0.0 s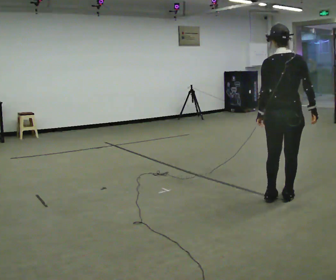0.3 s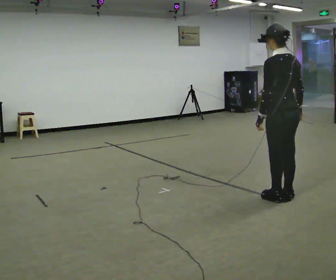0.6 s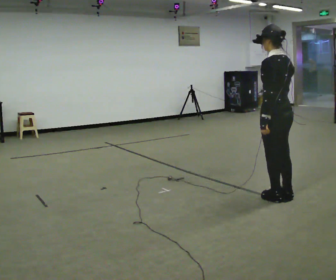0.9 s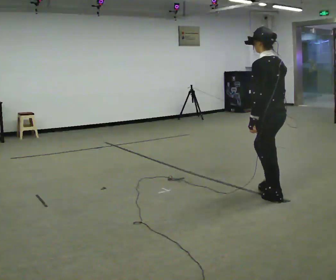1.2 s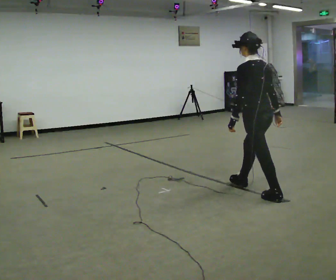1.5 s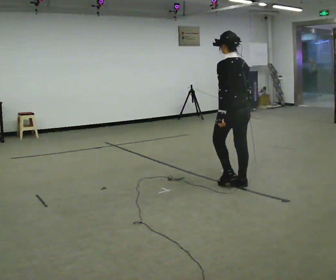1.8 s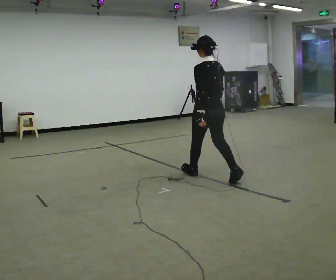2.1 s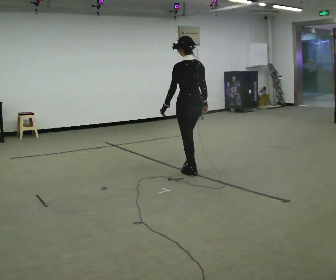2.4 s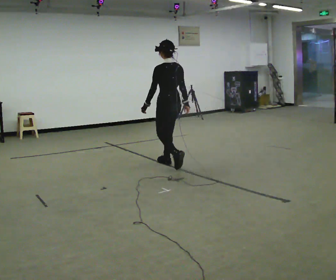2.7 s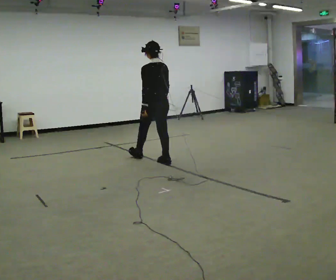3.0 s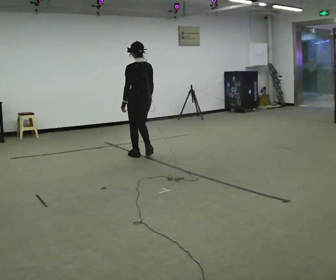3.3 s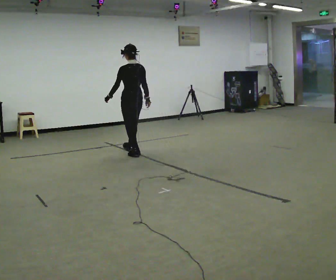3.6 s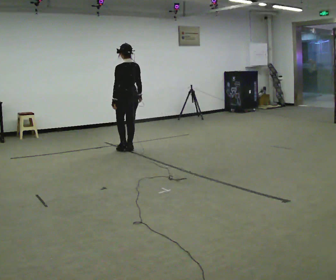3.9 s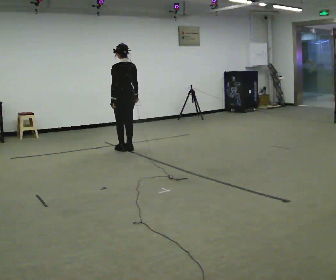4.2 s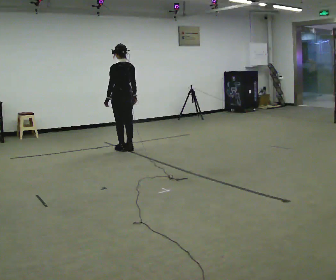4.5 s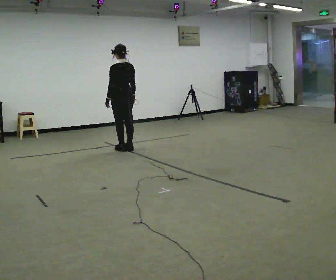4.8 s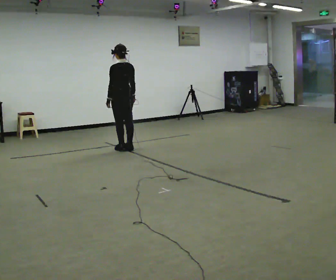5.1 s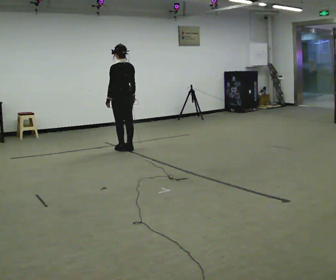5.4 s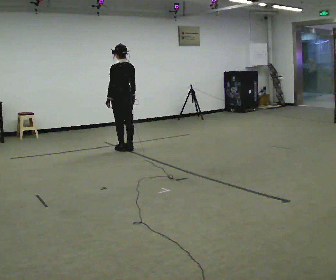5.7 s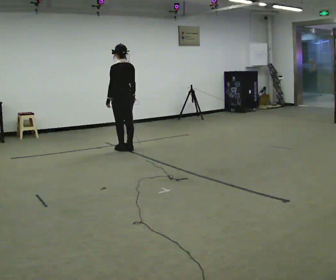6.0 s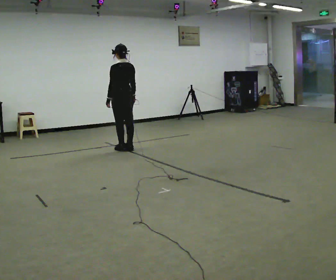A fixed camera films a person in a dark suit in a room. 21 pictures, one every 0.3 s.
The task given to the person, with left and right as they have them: Walk normally; at marked point stop as quickly as comfortably possible; remain still.
0.0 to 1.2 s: The part of the body nearest the lens slides to the right as the person turns to their left by about 45 degrees. In the picture they go away from the camera and to the left, about 0.25 m in 2 steps, which for them is forward.
1.2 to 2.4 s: In the picture they go away from the camera and to the left, about 1.5 m in 2 steps, which for them is forward.
2.4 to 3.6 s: In the picture they go away from the camera and to the left, about 1 m in 2 steps, which for them is forward.
3.6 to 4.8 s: The person moves a little, or ends about where they began.
4.8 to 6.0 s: The person keeps their place and pose.
The film runs forward here.
